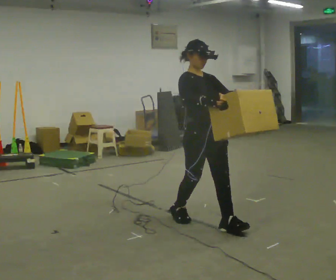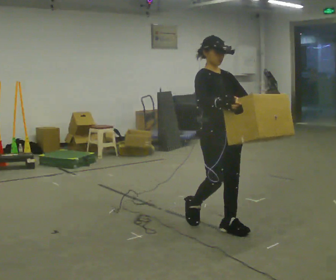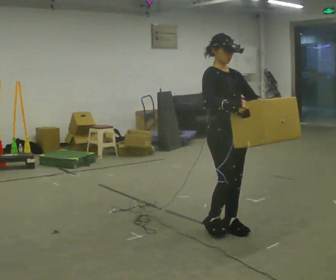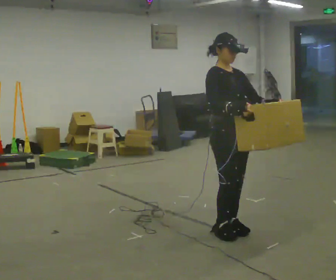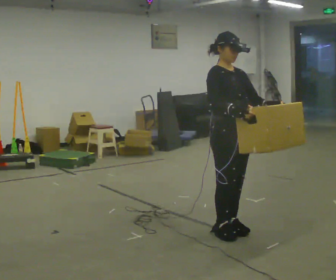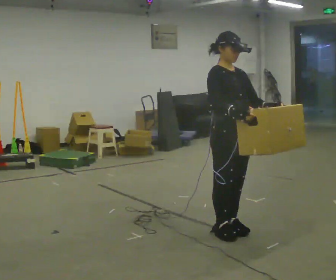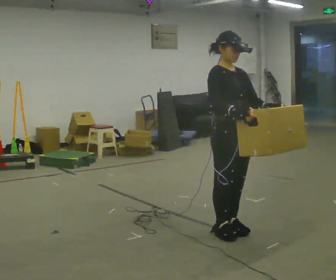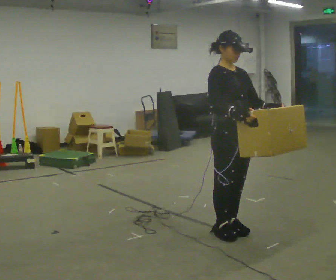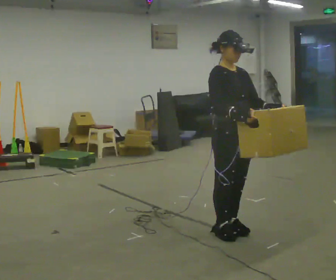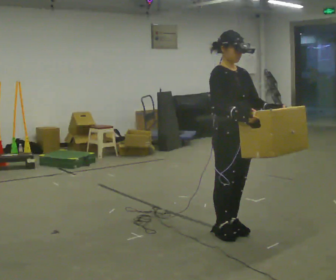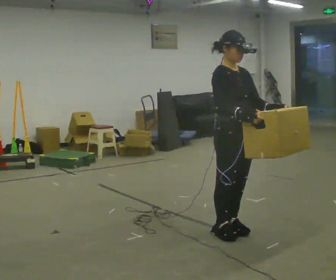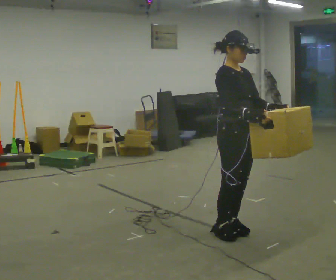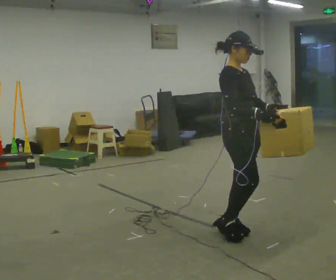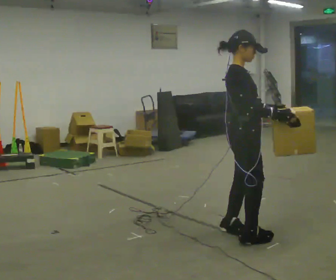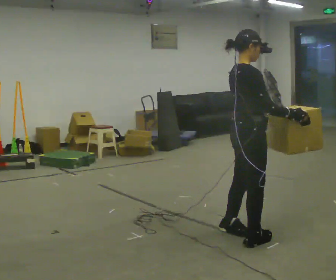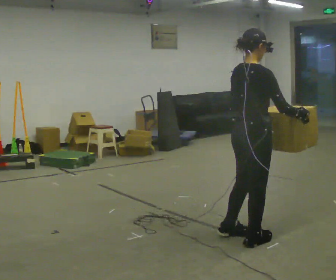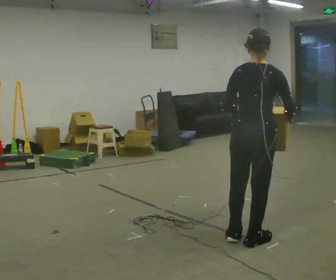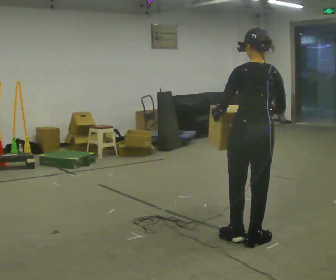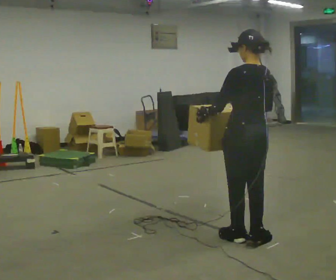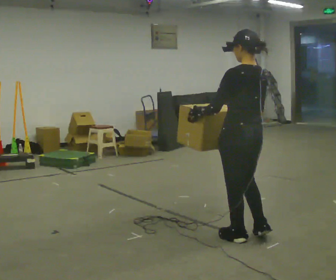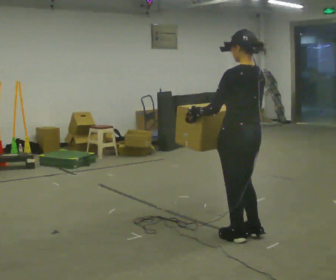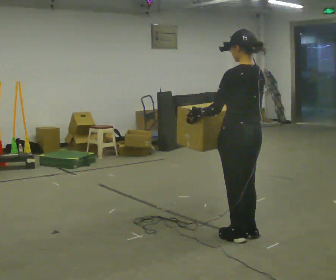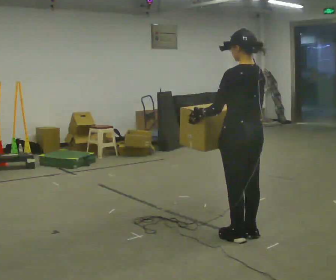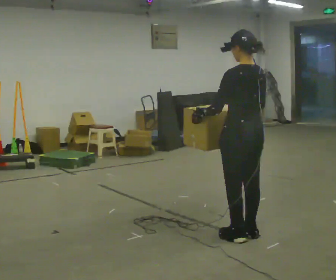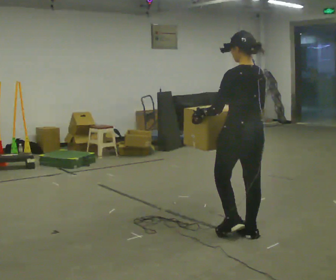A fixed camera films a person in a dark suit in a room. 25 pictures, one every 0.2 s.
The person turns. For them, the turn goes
to their left.
The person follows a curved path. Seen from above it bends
counterclockwise.
0.0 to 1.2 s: In the picture they go to the right and toward the camera, about 0.25 m in 1 step, which for them is forward.
1.2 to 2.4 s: The person moves a little, or ends about where they began.
2.4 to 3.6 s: The person turns about 150 degrees to their left, counterclockwise seen from above, so the part of the body nearest the lens slides to the right. In the picture the upper body tilts clockwise, shoulders to the right.
3.6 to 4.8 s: The person moves a little, or ends about where they began.
The film runs forward here.
